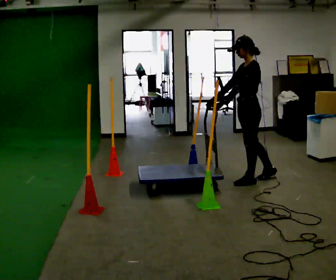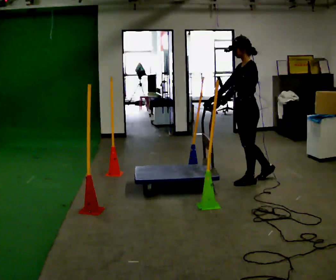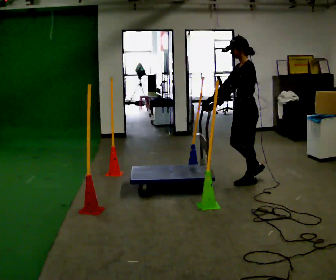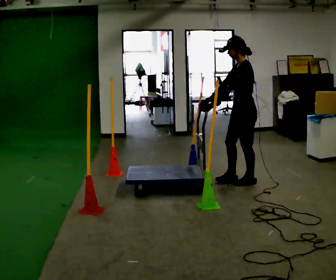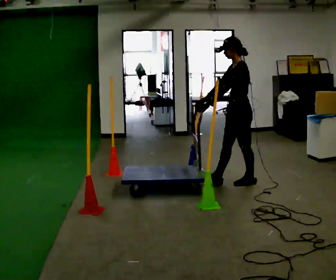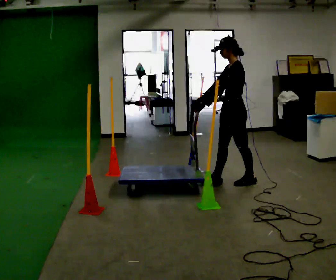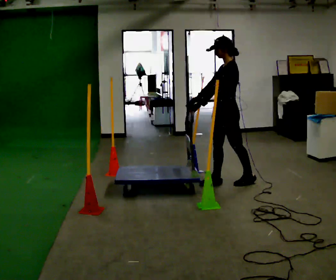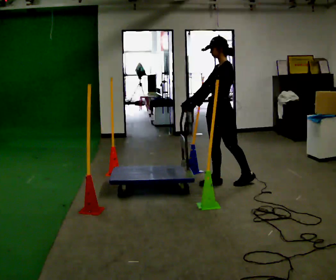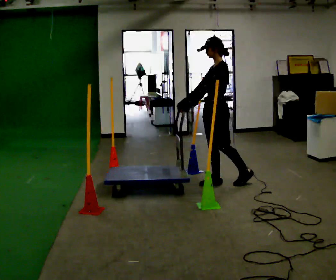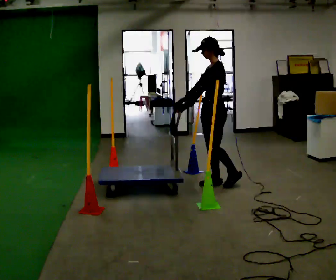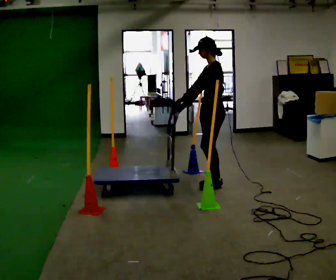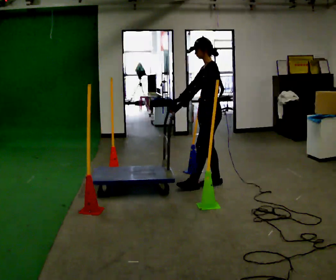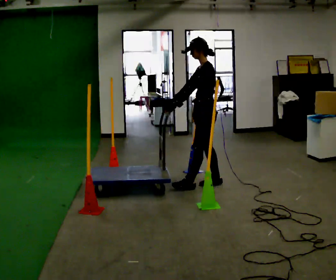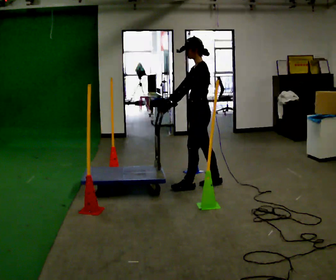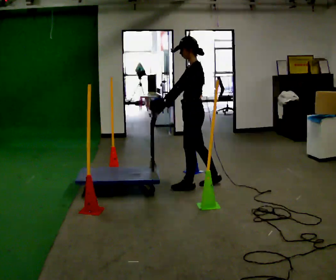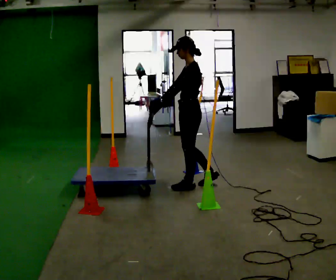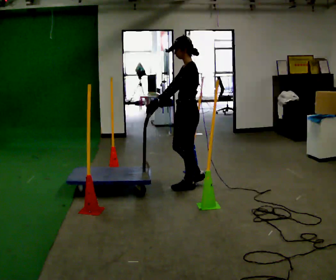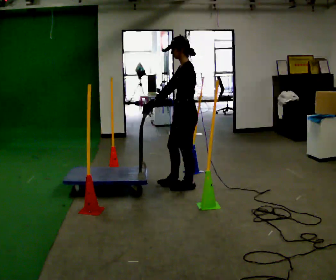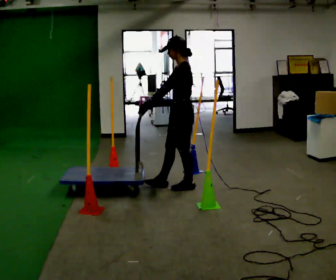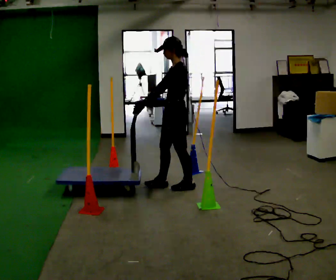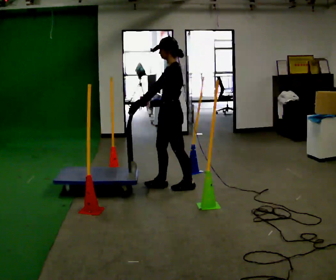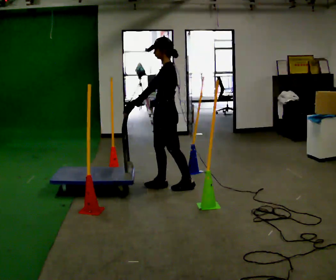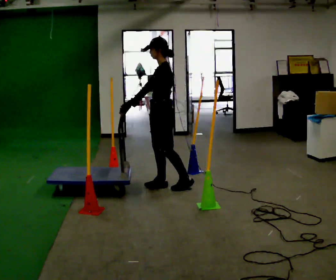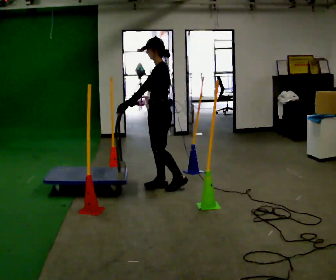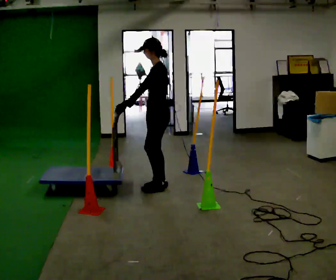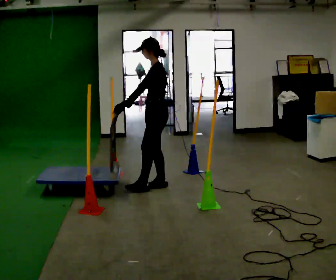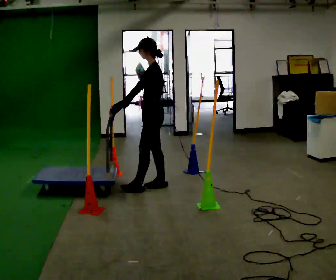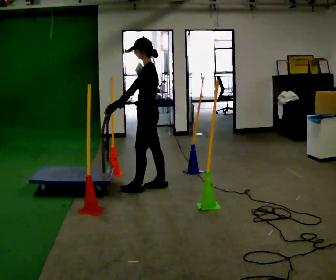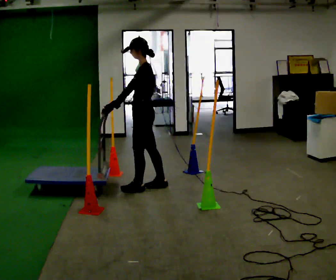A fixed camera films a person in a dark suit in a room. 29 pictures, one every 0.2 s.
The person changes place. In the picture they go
to the left.
0.0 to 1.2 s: In the picture they go to the left, about 0.25 m in 1 step, which for them is forward.
1.2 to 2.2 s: In the picture they go to the left, about 0.25 m, which for them is forward.
2.2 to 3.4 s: In the picture they go to the left, about 0.25 m in 1 step, which for them is forward and to their left.
3.4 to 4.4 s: In the picture they go to the left, about 0.25 m in 1 step, which for them is forward.
4.4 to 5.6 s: In the picture they go to the left, about 0.25 m in 1 step, which for them is forward.
The film runs forward here.
